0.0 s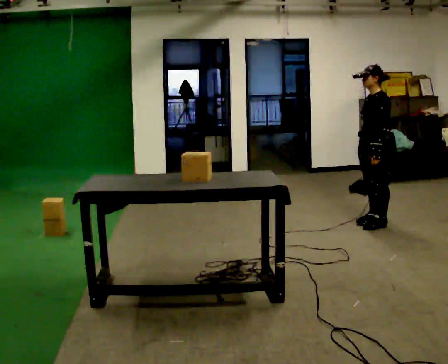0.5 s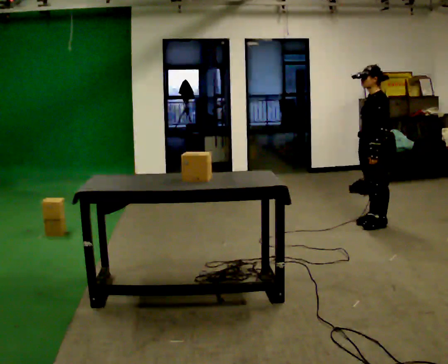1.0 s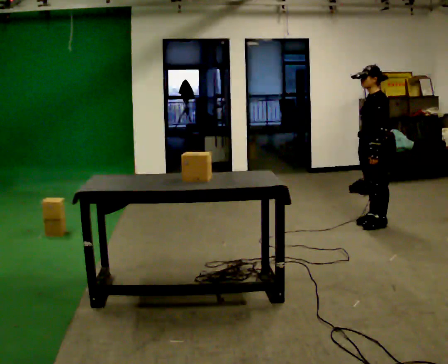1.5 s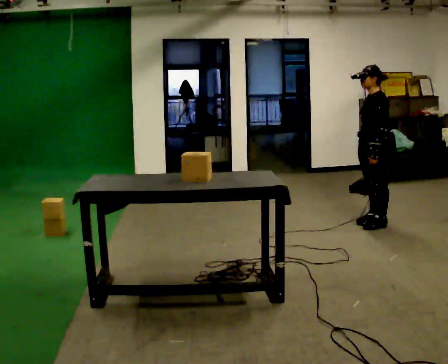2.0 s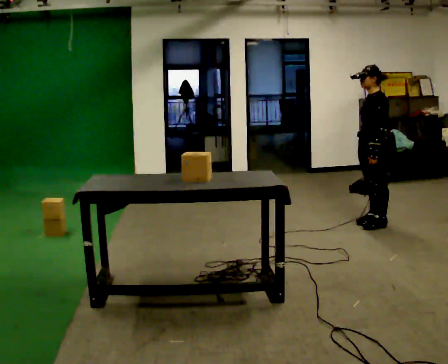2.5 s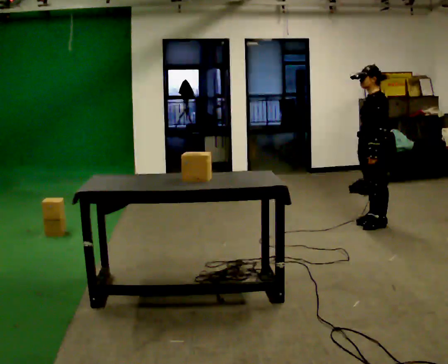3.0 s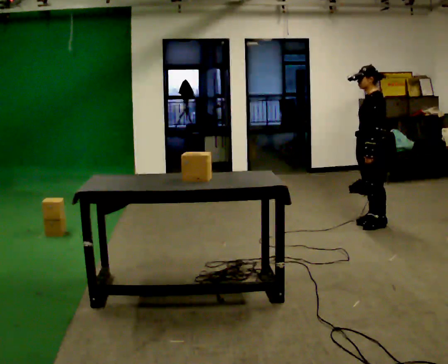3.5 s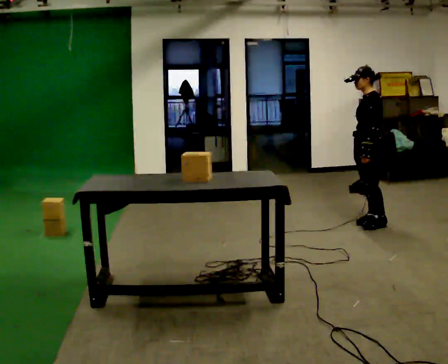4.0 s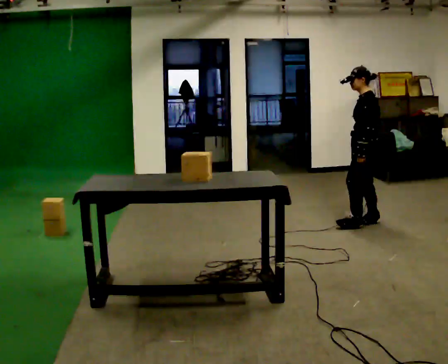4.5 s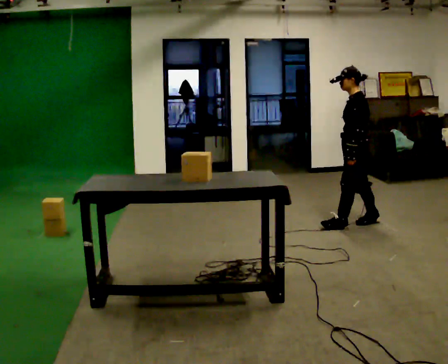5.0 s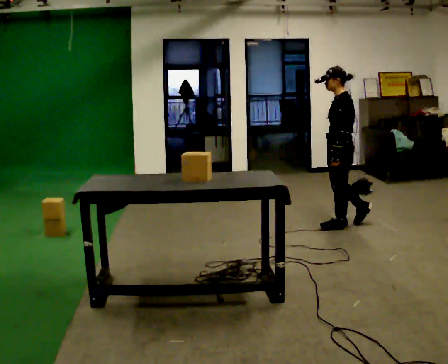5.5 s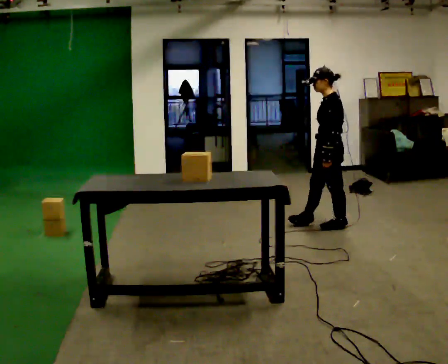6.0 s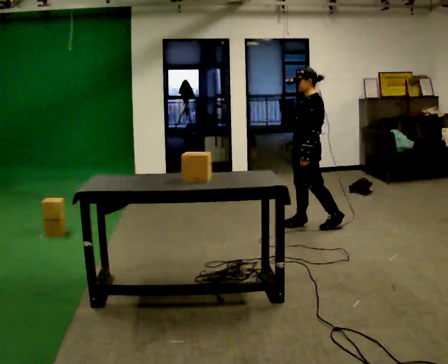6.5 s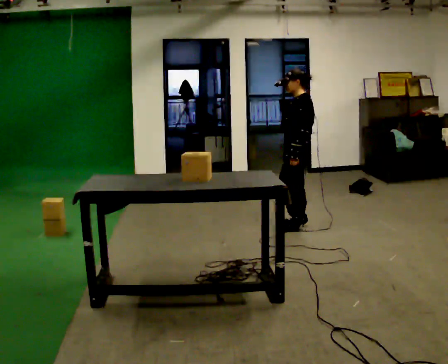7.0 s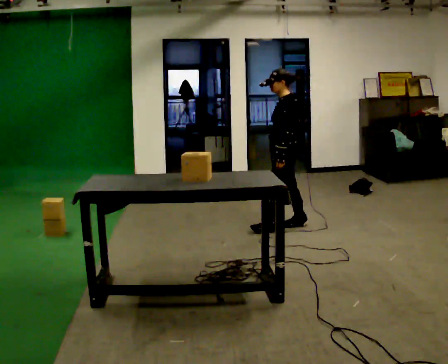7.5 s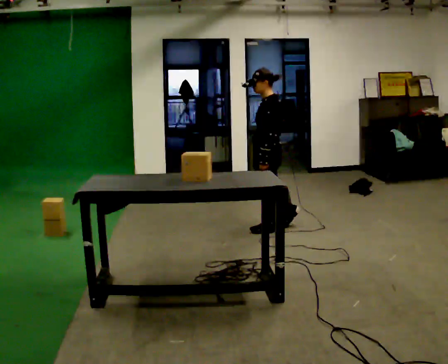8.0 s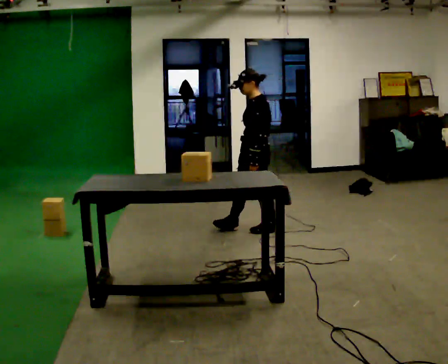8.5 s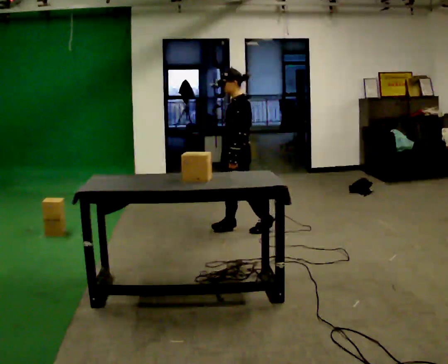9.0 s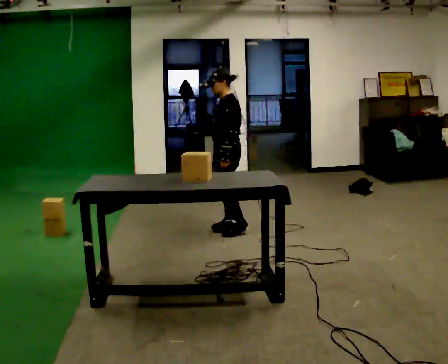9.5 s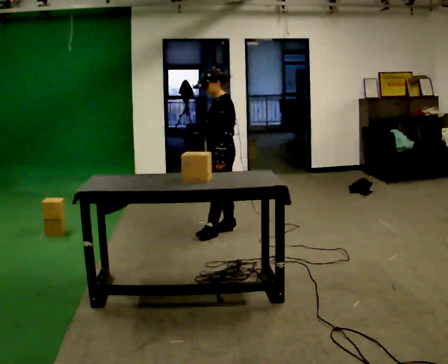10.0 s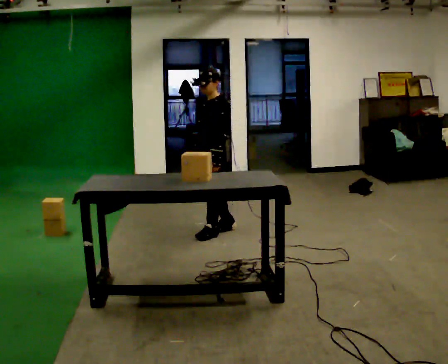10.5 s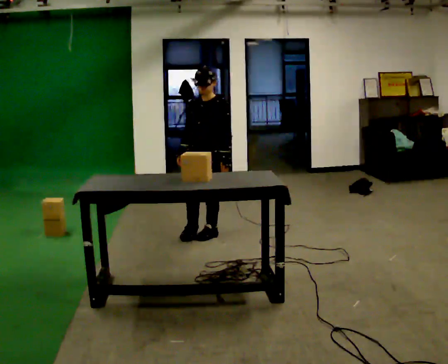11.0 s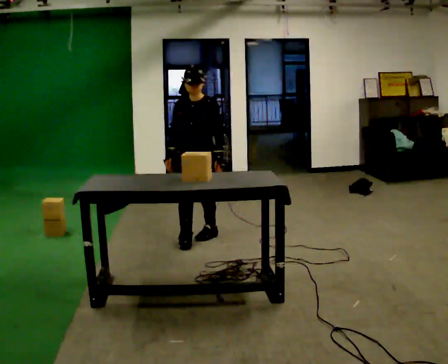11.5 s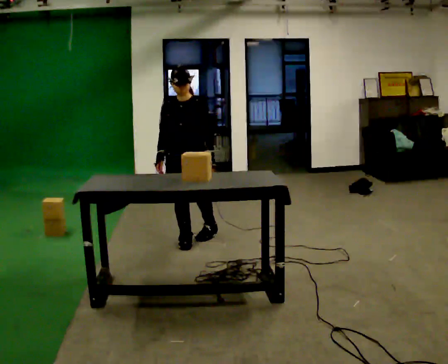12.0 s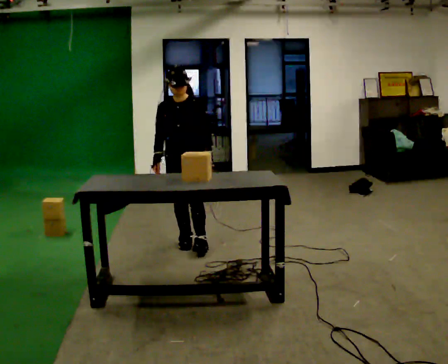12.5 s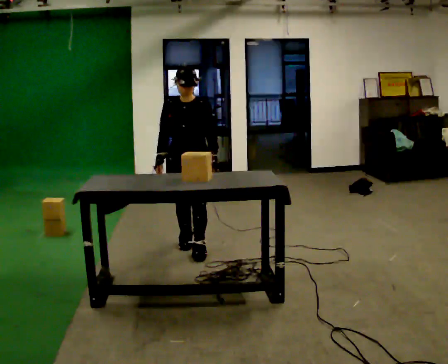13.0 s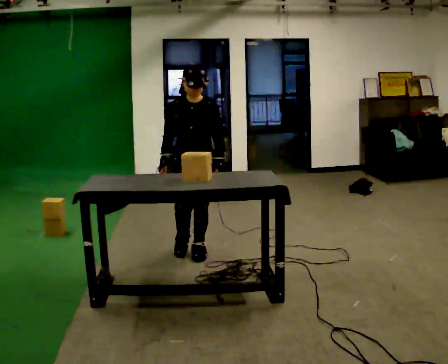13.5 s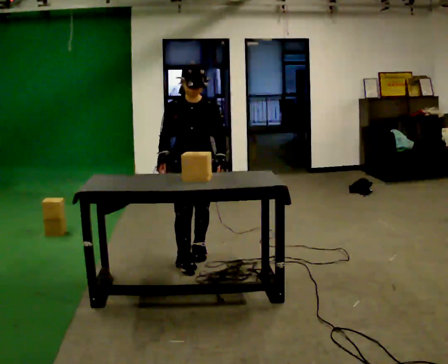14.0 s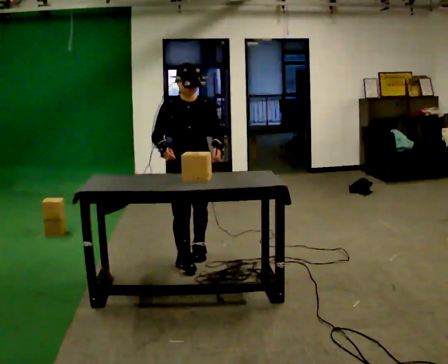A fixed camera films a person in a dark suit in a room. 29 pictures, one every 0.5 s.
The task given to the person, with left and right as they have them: Bring the boxes over one at a time and stack them on top of each other, walking back for each one. Keep going until the operator says stop; one object at a time, and do not rush between trips.
0.0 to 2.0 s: The person keeps their place and pose.
2.0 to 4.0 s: The person moves a little, or ends about where they began.
4.0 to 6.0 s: In the picture they go to the left, about 0.5 m in 2 steps, which for them is forward.
6.0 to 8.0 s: In the picture they go to the left and toward the camera, about 0.5 m in 2 steps, which for them is forward.
8.0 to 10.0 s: In the picture they go to the left and toward the camera, about 0.5 m in 1 step, which for them is forward.
10.0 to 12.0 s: The part of the body nearest the lens slides to the right as the person turns to their left by about 45 degrees. In the picture they go toward the camera, about 0.5 m in 1 step, which for them is forward and to their right.
12.0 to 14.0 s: In the picture they go toward the camera, about 0.5 m in 2 steps, which for them is forward.
The film runs forward here.
